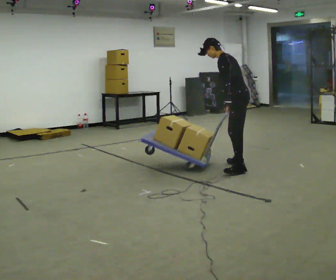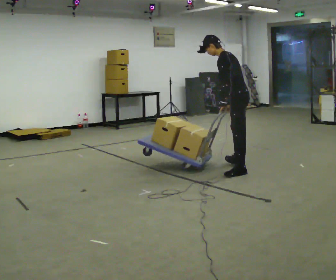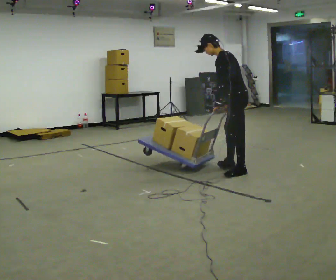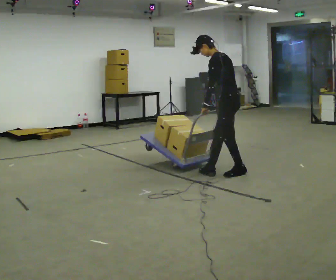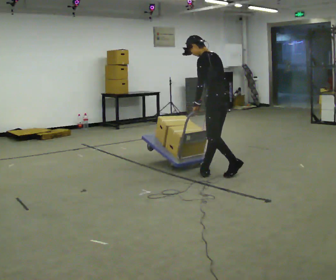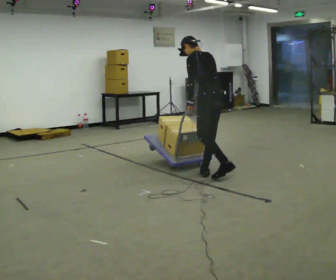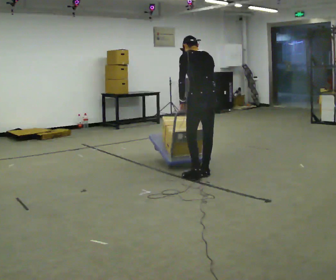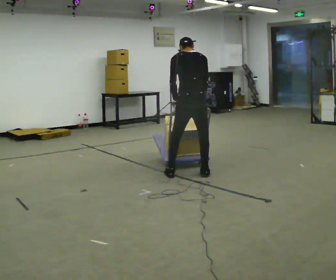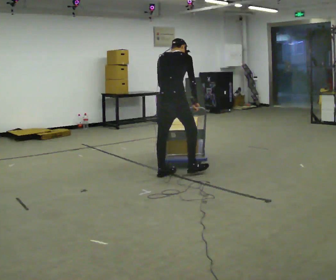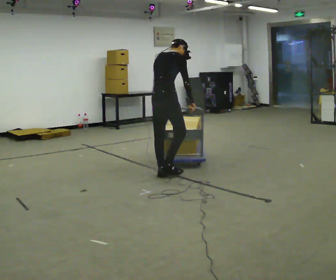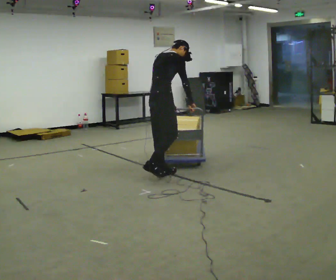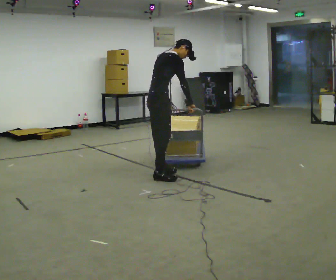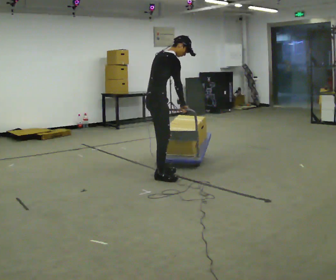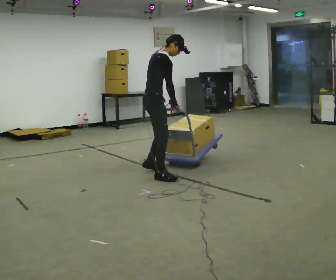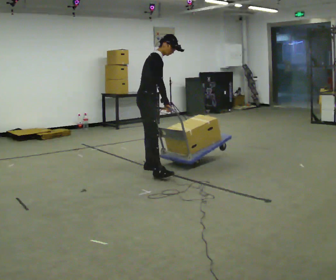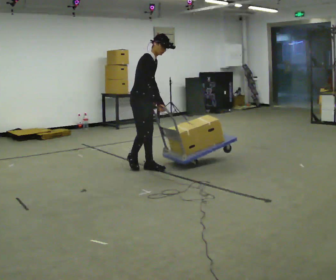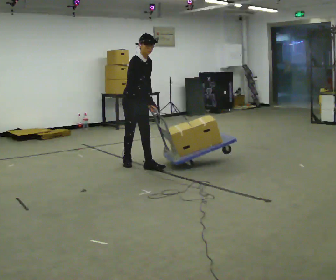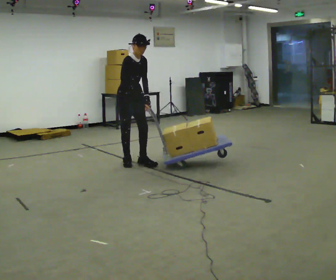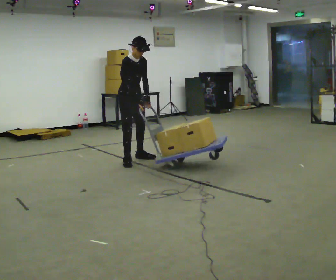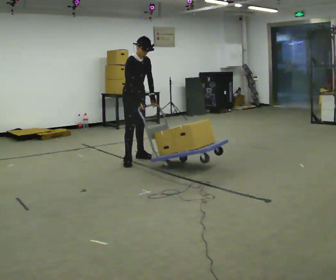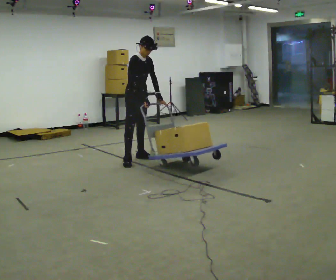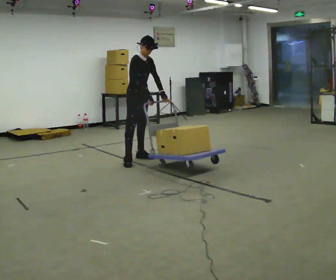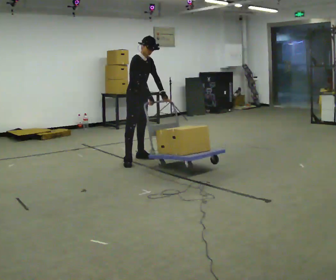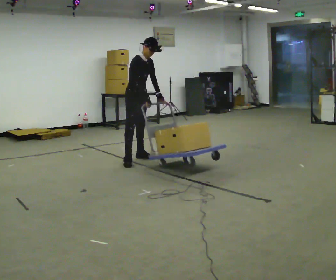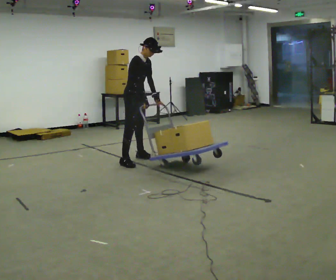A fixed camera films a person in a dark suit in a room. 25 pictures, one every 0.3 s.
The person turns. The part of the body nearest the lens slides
to the left.
The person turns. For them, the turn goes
to their right.
0.0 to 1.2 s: In the picture they go to the left and toward the camera, about 0.5 m in 2 steps, which for them is to their left and forward.
1.2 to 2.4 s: The part of the body nearest the lens slides to the left as the person turns to their right by about 90 degrees. In the picture they go to the left, about 0.5 m in 1 step. In the picture the upper body tilts clockwise, shoulders to the right.
2.4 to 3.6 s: The part of the body nearest the lens slides to the left as the person turns to their right by about 45 degrees. In the picture they go to the left, about 0.25 m in 1 step, which for them is backward and to their left. In the picture the upper body tilts clockwise, shoulders to the right.
3.6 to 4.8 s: Seen from above the body turns clockwise, about 60 degrees: to their right, with its near side sliding to the left. In the picture they go away from the camera and to the left, about 0.5 m in 1 step, which for them is to their left and backward. The upper body tips toward the camera, its near side rolling downward.
4.8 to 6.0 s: In the picture they go away from the camera, about 0.5 m in 1 step, which for them is backward and to their left.
6.0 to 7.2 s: The person moves a little, or ends about where they began.
The film runs backward here.
